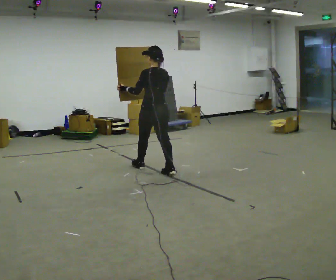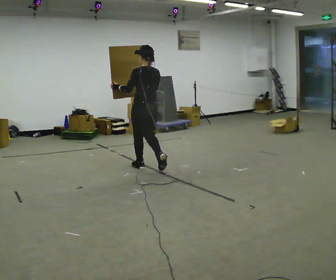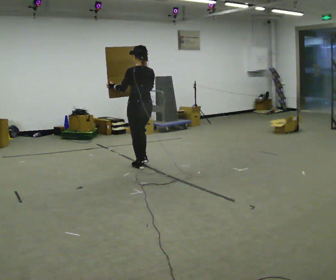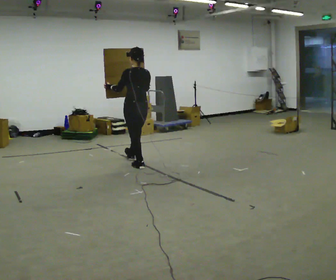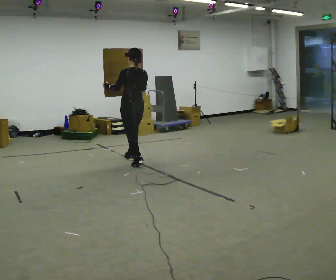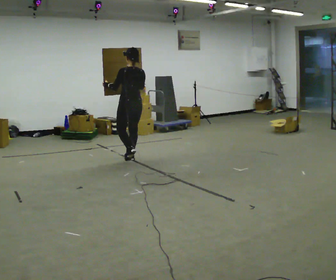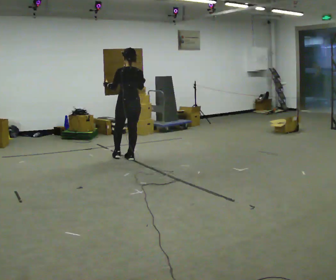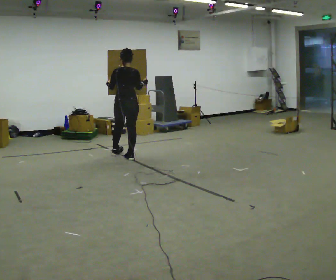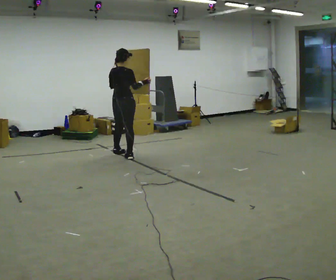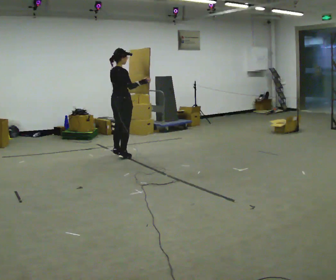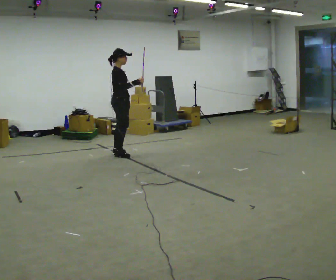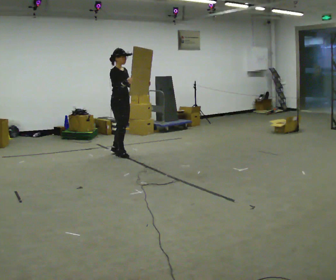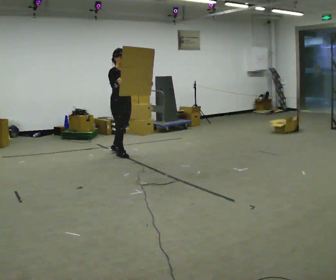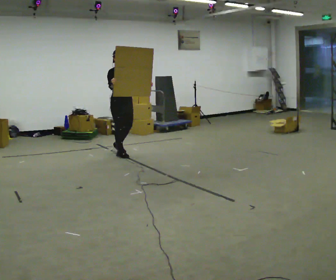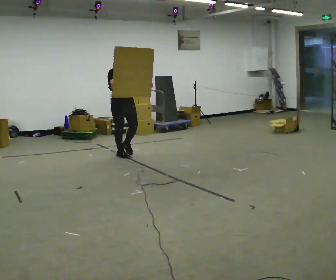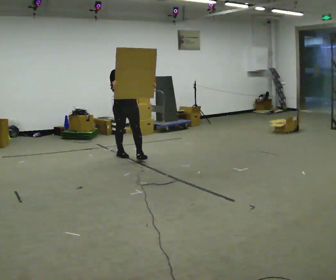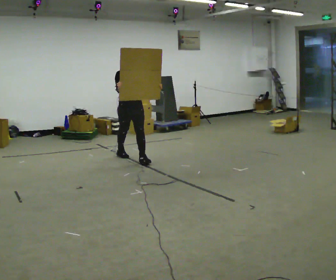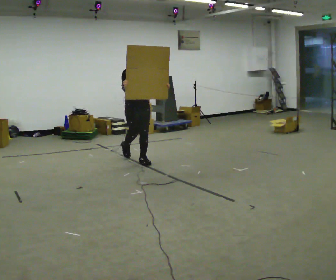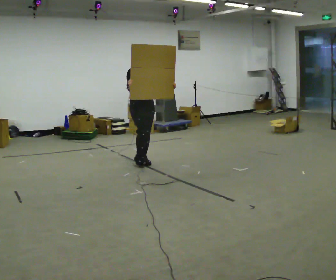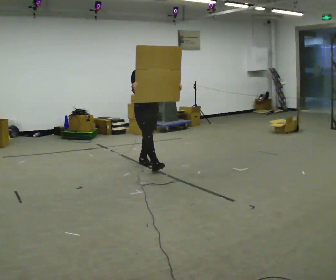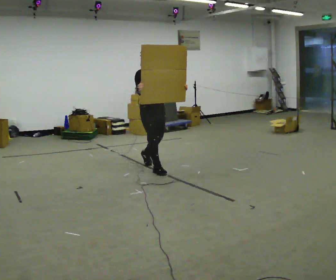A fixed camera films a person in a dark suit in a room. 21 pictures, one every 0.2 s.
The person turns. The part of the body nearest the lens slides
to the left.
The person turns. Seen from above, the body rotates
clockwise.
0.0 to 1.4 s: The part of the body nearest the lens slides to the left as the person turns to their right by about 30 degrees. In the picture they go away from the camera and to the left, about 1 m in 2 steps, which for them is forward.
1.4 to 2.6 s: The person turns about 150 degrees to their right, clockwise seen from above, so the part of the body nearest the lens slides to the left. In the picture their left hand goes to the right.
2.6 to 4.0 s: In the picture they go toward the camera and to the right, about 1 m in 2 steps, which for them is forward.
The film runs forward here.
